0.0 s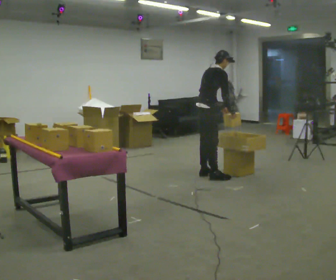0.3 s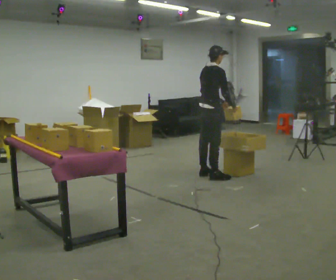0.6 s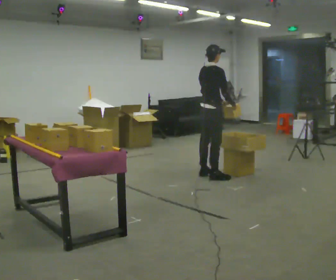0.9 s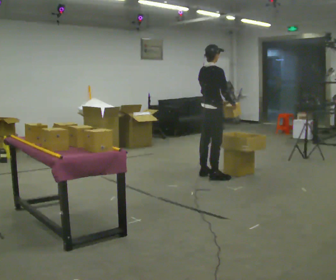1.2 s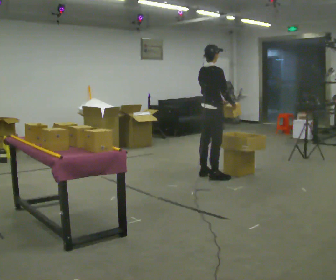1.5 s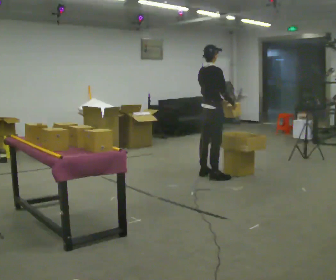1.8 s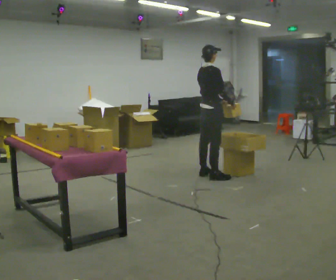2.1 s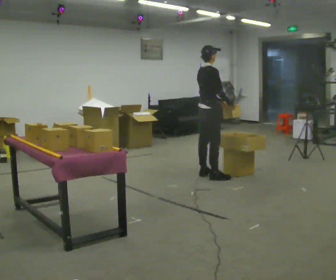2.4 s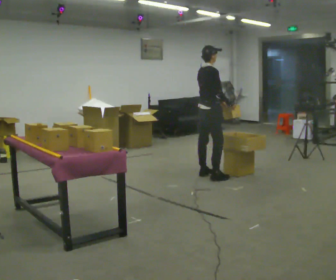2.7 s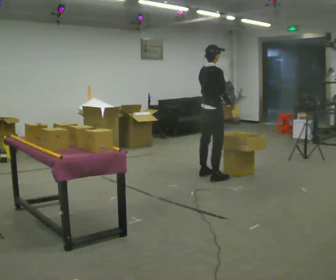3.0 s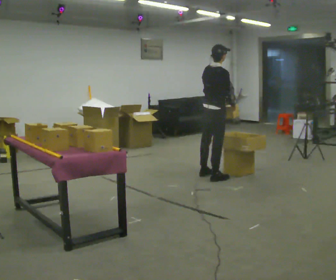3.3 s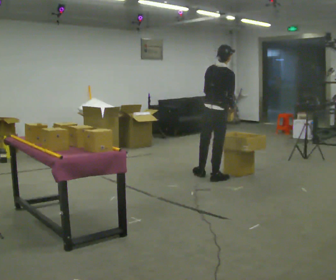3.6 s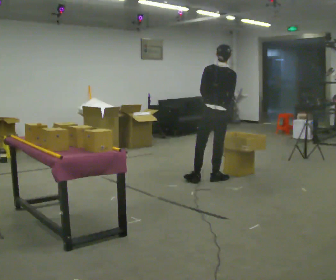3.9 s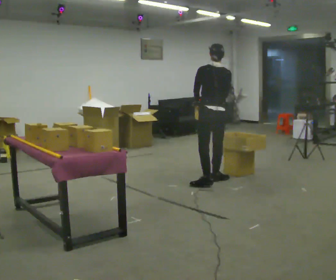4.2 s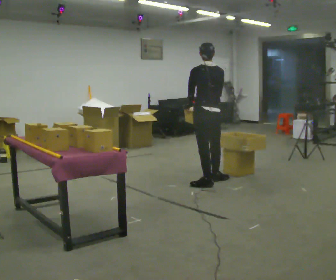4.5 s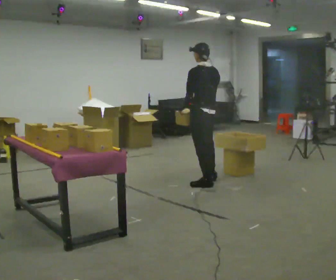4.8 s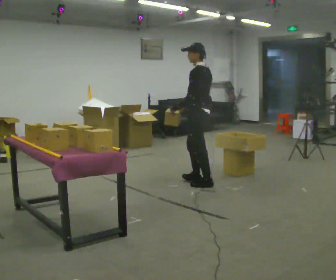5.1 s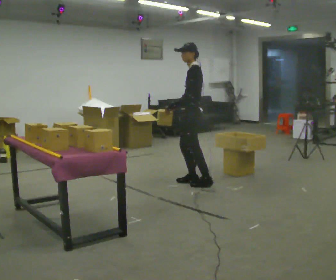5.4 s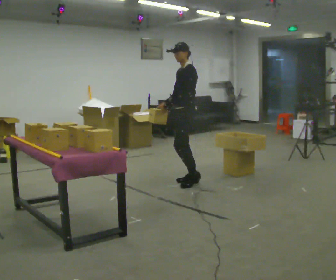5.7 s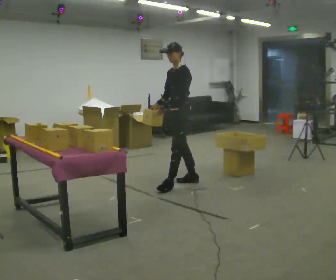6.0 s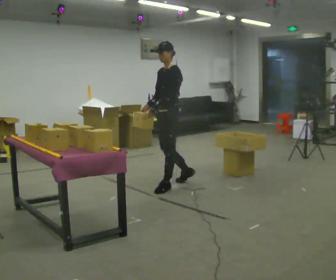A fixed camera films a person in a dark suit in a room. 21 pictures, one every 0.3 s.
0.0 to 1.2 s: In the picture the upper body tilts counterclockwise, shoulders to the left, as they lean back or straighten.
1.2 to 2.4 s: The person moves a little, or ends about where they began.
2.4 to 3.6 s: The part of the body nearest the lens slides to the right as the person turns to their left by about 60 degrees. In the picture they go toward the camera, about 0.25 m, which for them is to their right and backward.
3.6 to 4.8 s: The person turns about 75 degrees to their left, counterclockwise seen from above, so the part of the body nearest the lens slides to the right. In the picture they go toward the camera and to the left, about 0.25 m in 1 step.
4.8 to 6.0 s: The part of the body nearest the lens slides to the right as the person turns to their left by about 45 degrees. In the picture they go to the left, about 0.25 m in 2 steps, which for them is forward.
The film runs forward here.
